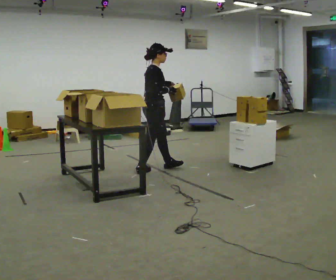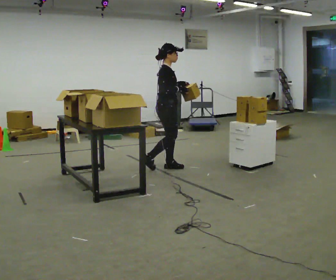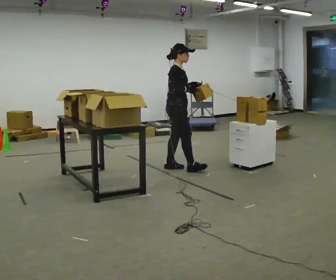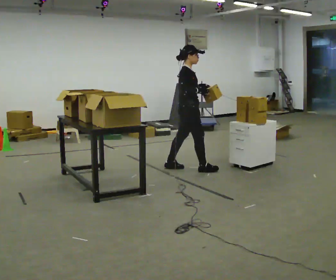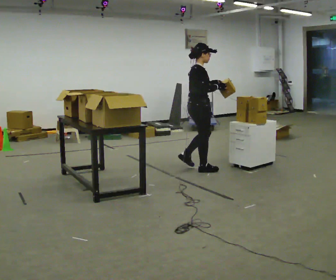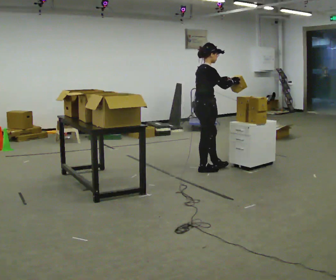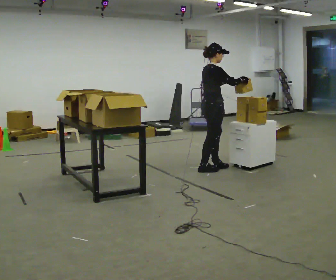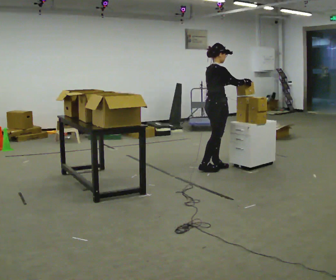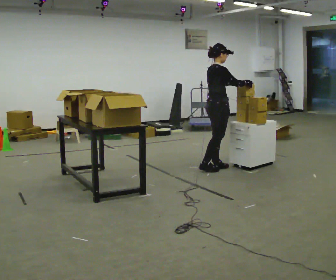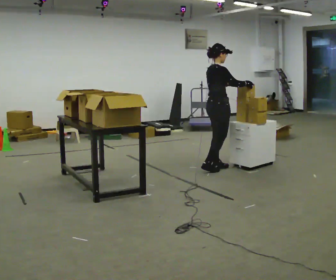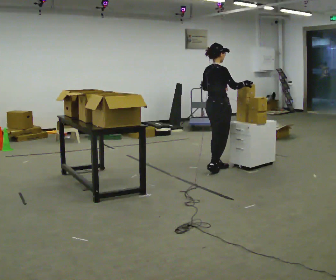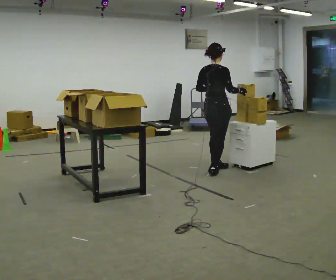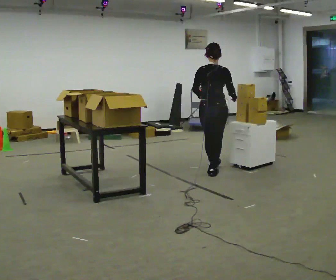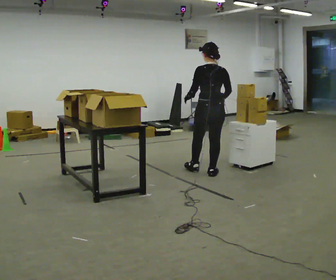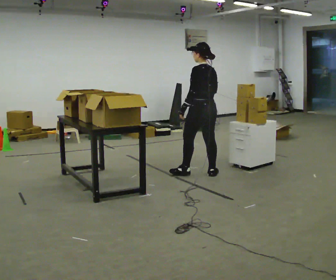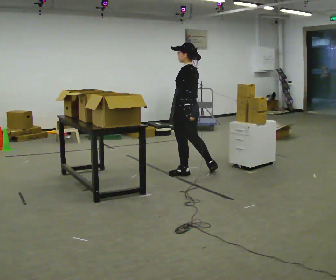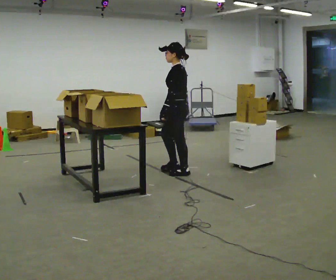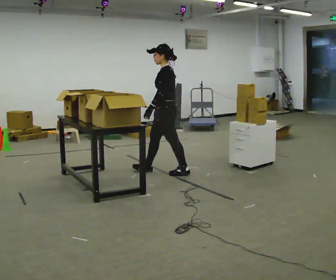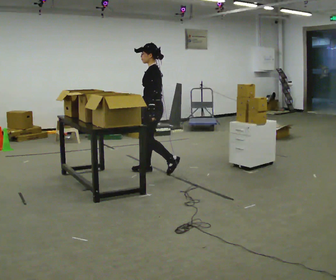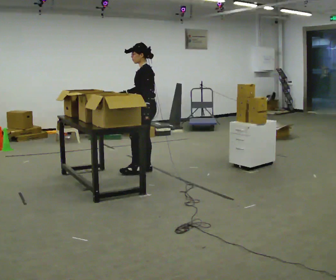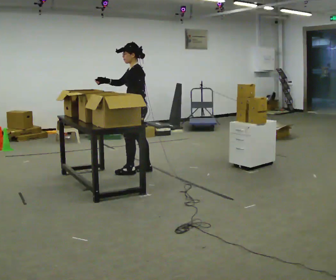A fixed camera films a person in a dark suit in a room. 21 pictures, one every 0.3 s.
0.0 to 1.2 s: In the picture they go to the right, about 0.5 m in 1 step, which for them is forward.
1.2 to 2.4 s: In the picture they go to the right, about 0.25 m in 1 step, which for them is forward. In the picture their right hand goes to the right.
2.4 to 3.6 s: Seen from above the body turns counterclockwise, about 60 degrees: to their left, with its near side sliding to the right. In the picture they go toward the camera, about 0.25 m in 1 step.
3.6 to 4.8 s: The part of the body nearest the lens slides to the right as the person turns to their left by about 105 degrees. In the picture they go to the left, about 0.5 m in 1 step.
4.8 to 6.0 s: In the picture they go to the left, about 0.5 m in 2 steps, which for them is forward. In the picture their right hand goes upward, the arm swinging clockwise.
The film runs forward here.
